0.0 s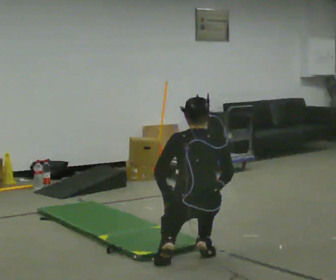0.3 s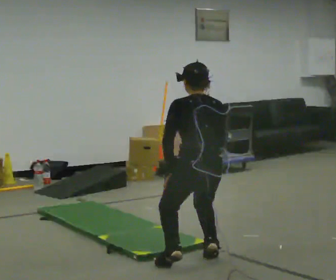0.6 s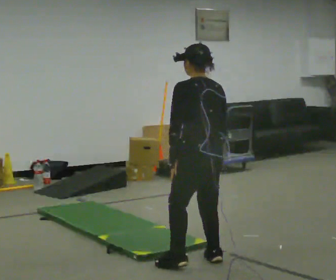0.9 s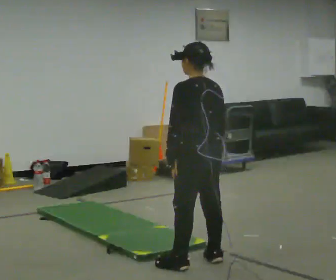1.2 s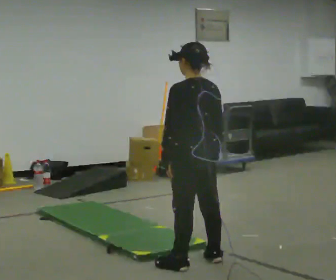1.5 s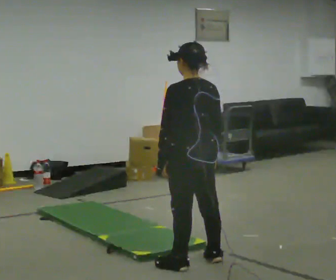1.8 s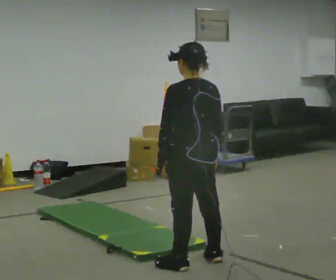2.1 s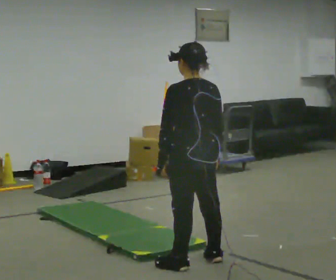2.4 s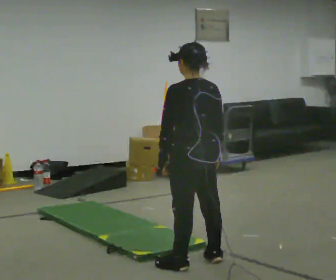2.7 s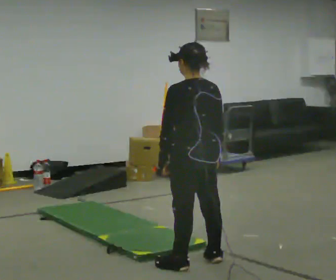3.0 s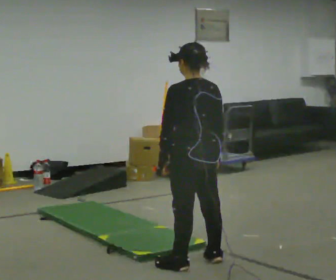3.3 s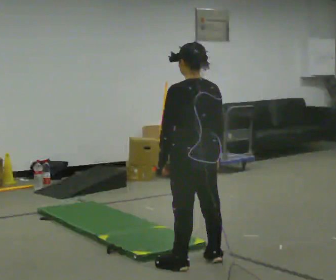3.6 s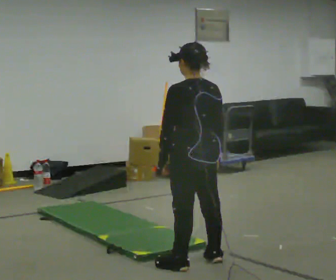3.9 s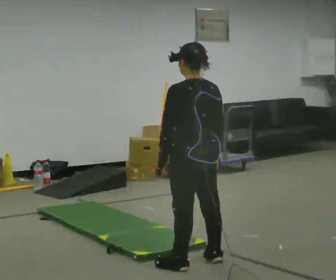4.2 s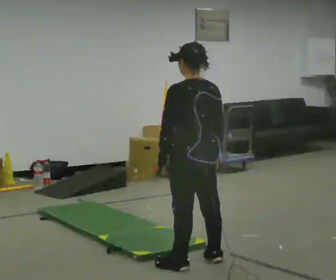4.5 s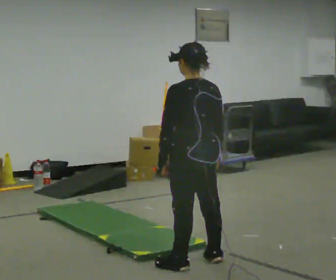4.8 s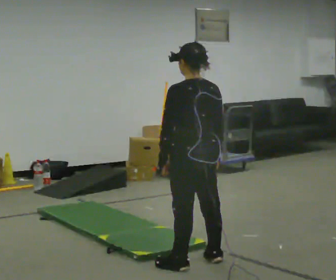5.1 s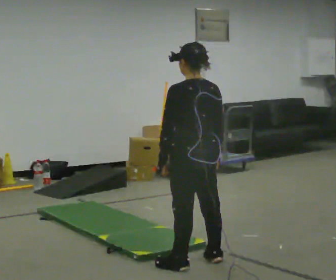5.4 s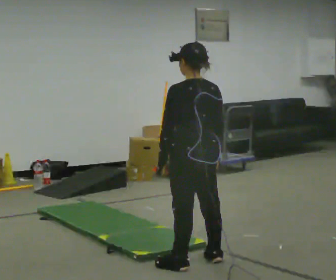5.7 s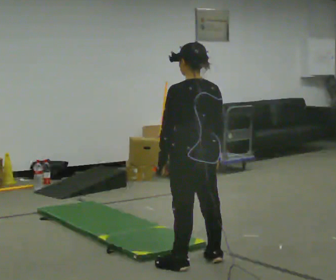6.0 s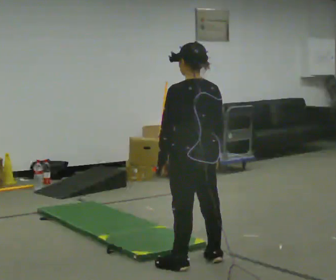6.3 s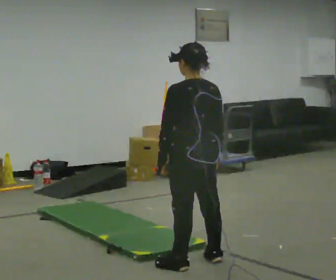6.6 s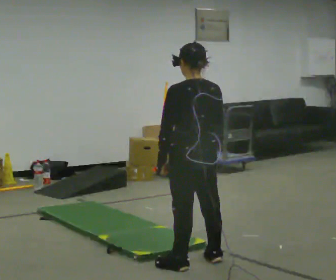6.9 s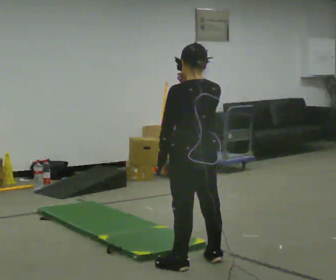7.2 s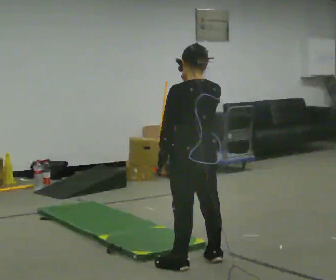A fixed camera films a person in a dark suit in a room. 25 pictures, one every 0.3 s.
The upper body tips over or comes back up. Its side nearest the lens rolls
downward.
Their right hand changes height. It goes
upward.
0.0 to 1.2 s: The part of the body nearest the lens slides to the right as the person turns to their left by about 30 degrees. The upper body goes upward.
1.2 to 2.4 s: The person moves a little, or ends about where they began.
2.4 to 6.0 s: The person keeps their place and pose.
6.0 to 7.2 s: In the picture their right hand goes upward.
The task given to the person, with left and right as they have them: From standing, kneel onto the knee the operator calls, hold briefly, then stand back up. Repeat the movement at your own pace until the operator says stop; do not rush.
The film runs forward here.
